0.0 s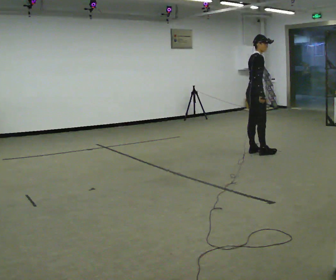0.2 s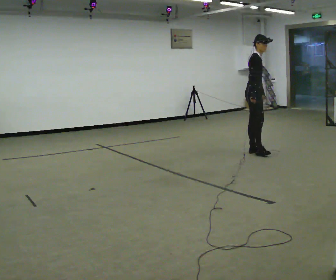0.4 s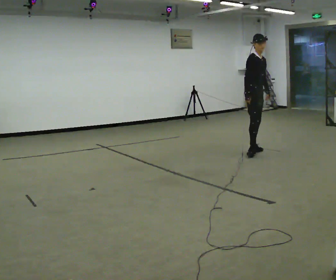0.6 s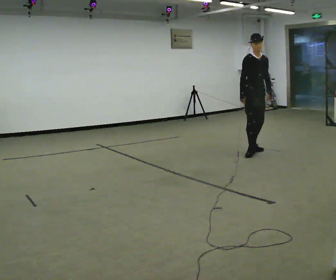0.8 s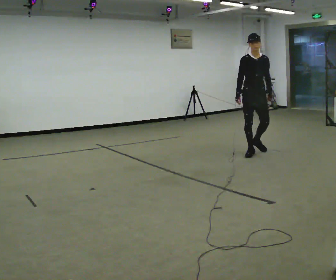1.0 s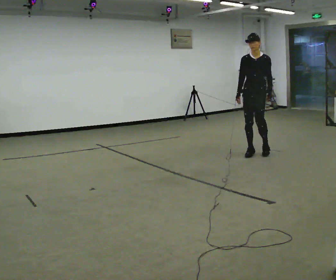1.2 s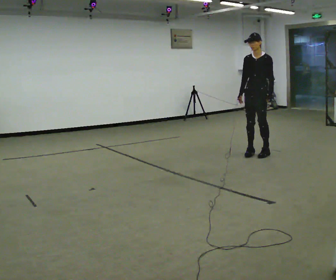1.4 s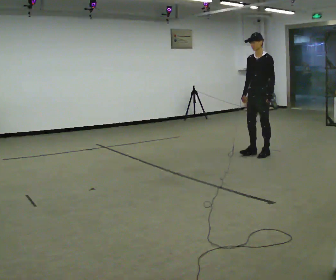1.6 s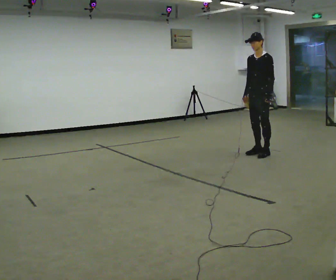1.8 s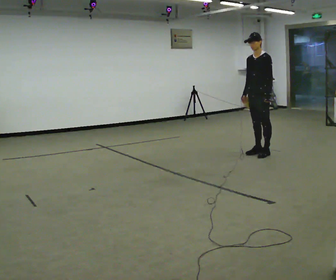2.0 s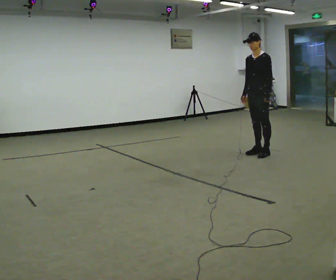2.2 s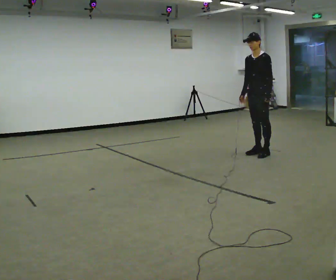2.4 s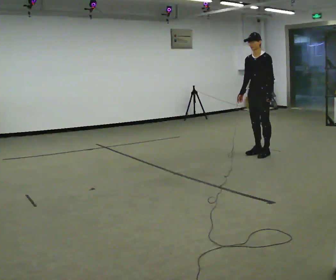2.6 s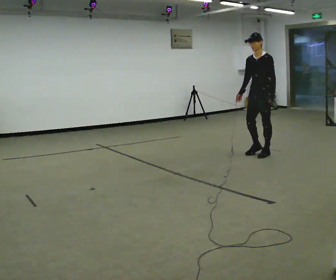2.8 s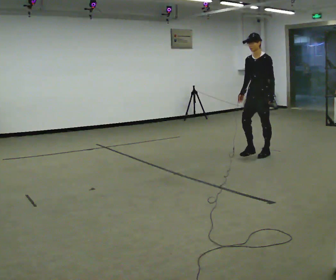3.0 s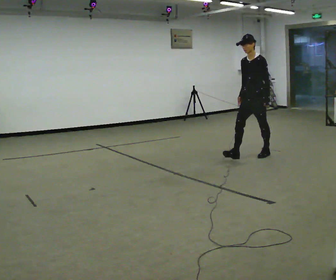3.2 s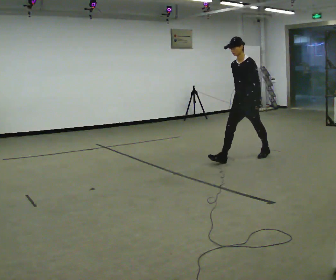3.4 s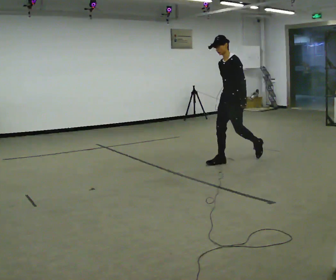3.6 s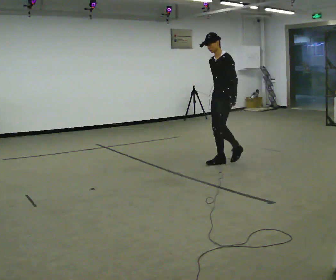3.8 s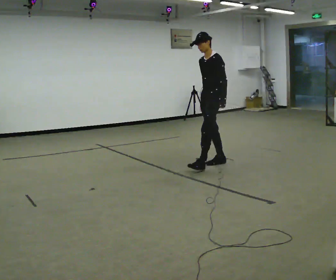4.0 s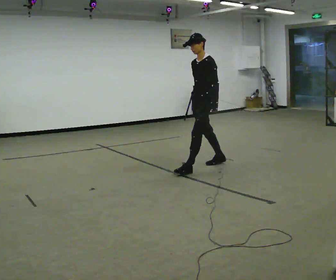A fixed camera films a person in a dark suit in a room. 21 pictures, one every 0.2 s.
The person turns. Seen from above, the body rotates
clockwise.
The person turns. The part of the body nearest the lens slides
to the left.
0.0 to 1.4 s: The part of the body nearest the lens slides to the left as the person turns to their right by about 150 degrees. The upper body tips toward the camera, its near side rolling downward.
1.4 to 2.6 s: The person moves a little, or ends about where they began.
2.6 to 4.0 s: In the picture they go to the left and toward the camera, about 1 m in 2 steps, which for them is forward.
The film runs forward here.
